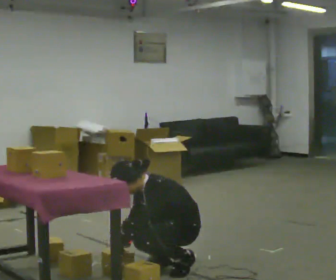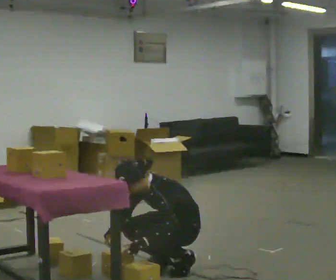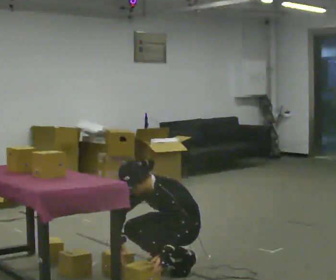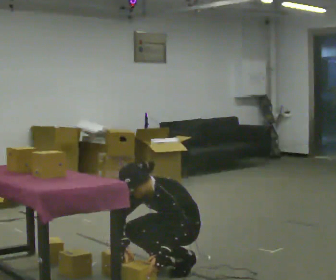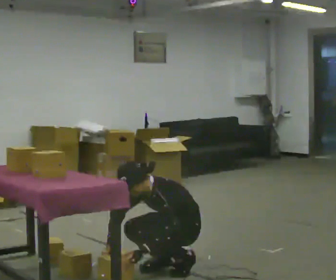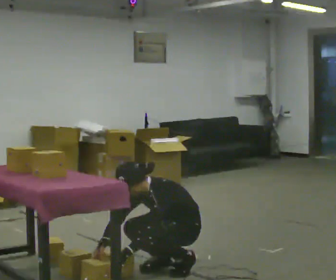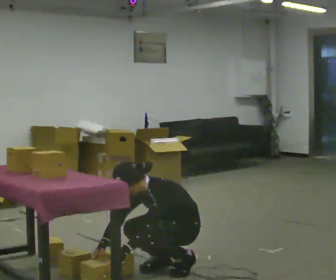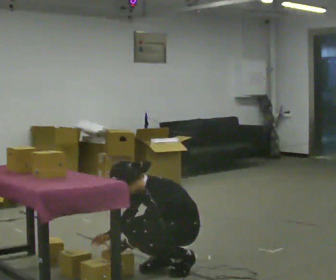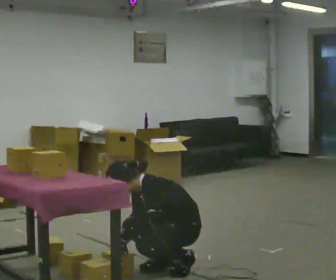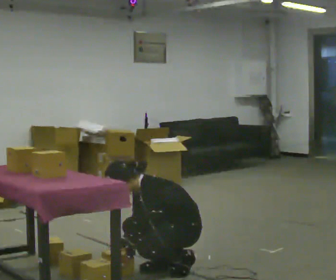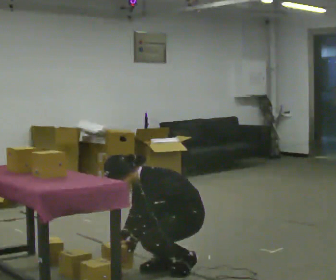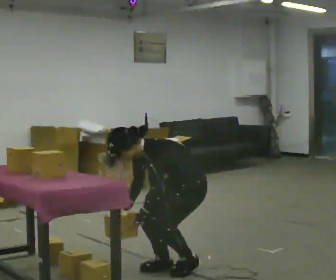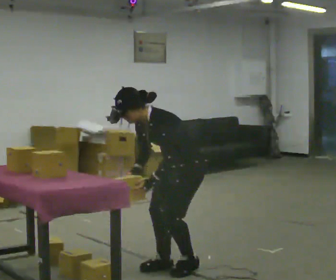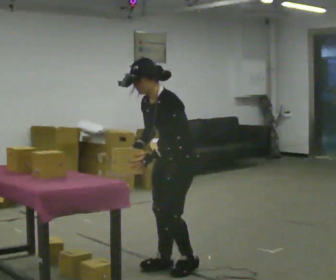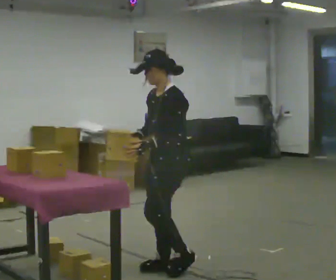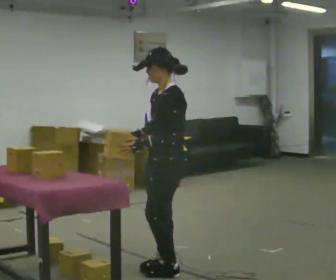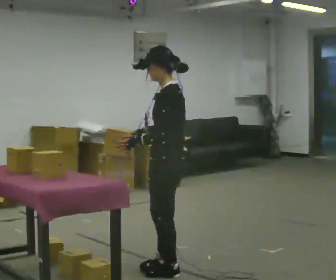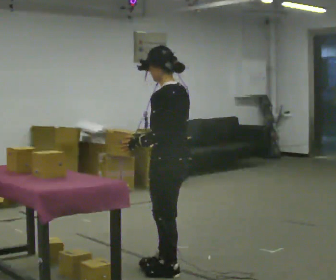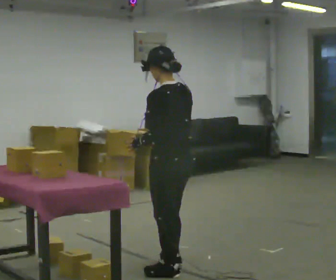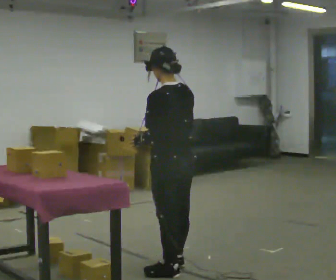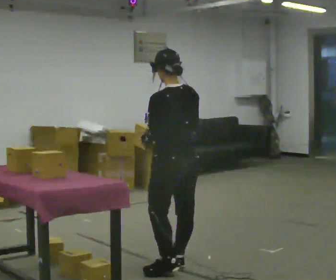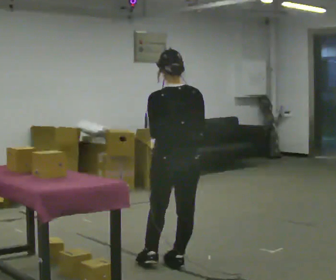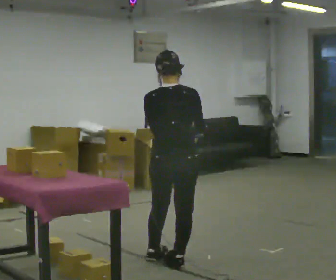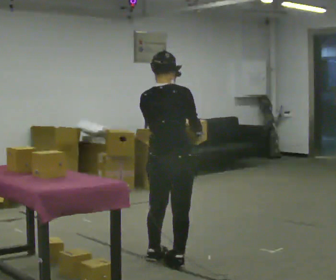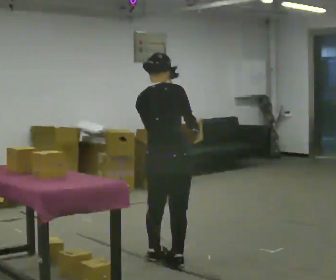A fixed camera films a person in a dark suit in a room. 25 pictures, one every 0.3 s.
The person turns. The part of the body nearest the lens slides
to the left.
The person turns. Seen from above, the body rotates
clockwise.
0.0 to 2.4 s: The person moves a little, or ends about where they began.
2.4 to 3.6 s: The upper body goes upward. In the picture their left hand goes upward.
3.6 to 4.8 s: The part of the body nearest the lens slides to the left as the person turns to their right by about 30 degrees. The upper body goes upward. In the picture the upper body tilts clockwise, shoulders to the right, as they lean back or straighten.
4.8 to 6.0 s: The part of the body nearest the lens slides to the left as the person turns to their right by about 45 degrees.
6.0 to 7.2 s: Seen from above the body turns clockwise, about 75 degrees: to their right, with its near side sliding to the left. In the picture they go away from the camera, about 0.25 m in 1 step.
The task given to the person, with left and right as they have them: Take the boxes off the top, get the one from the bottom, carry it away, then put the others back. Keep going until the operator says stop; one object at a time, and do not rush between trips.
The film runs forward here.
